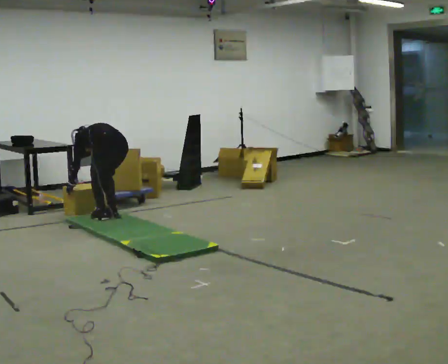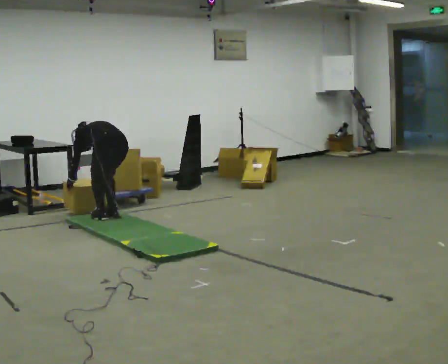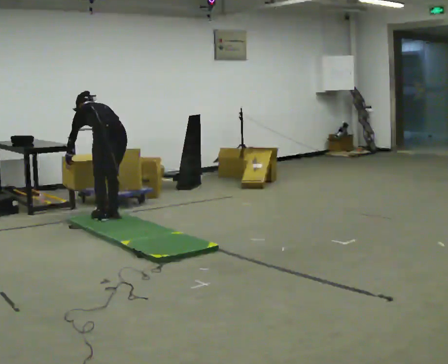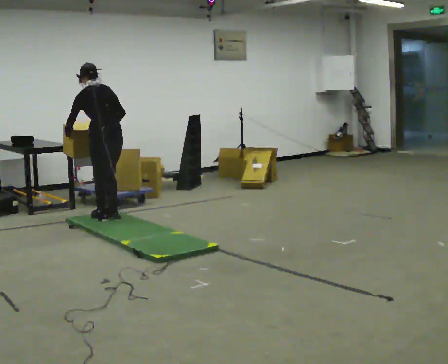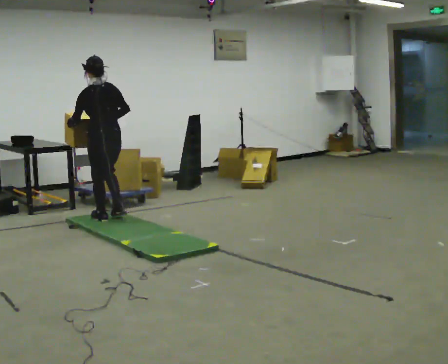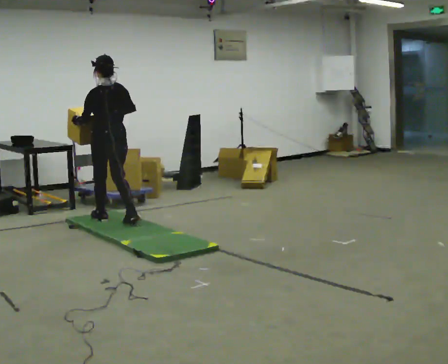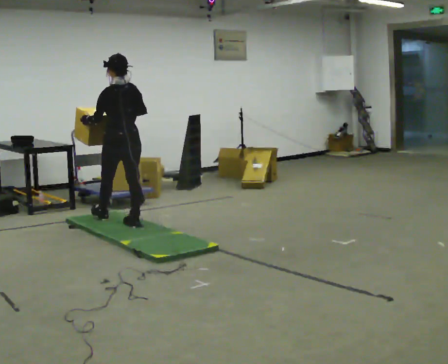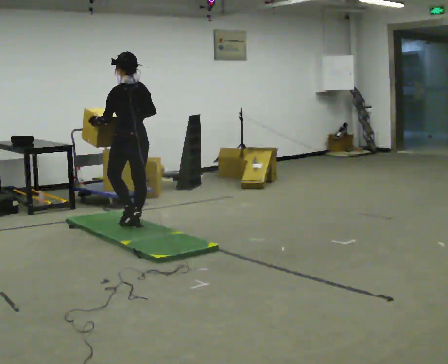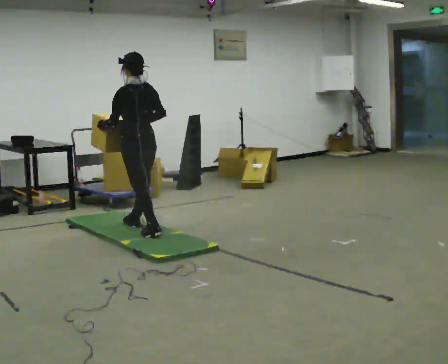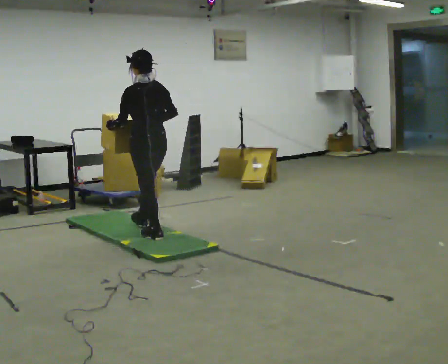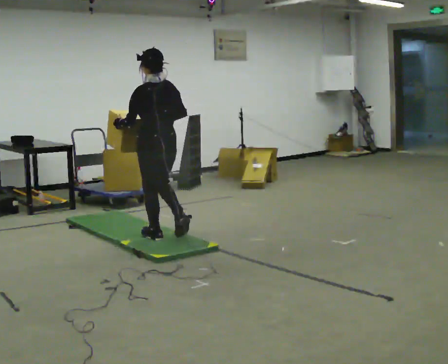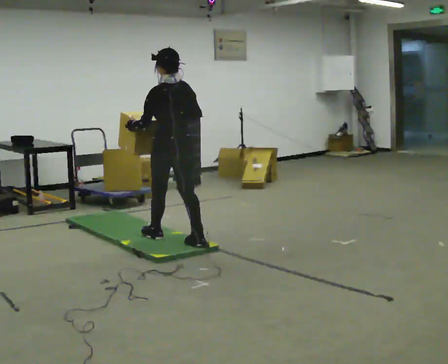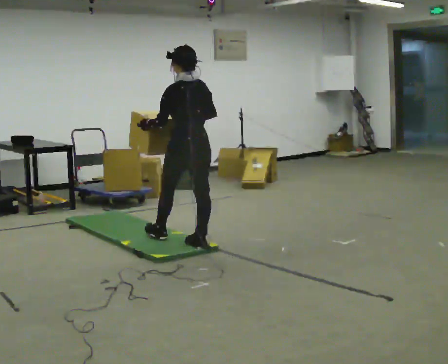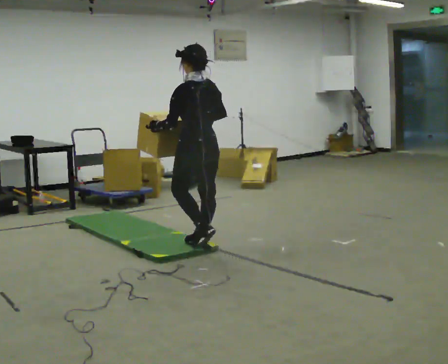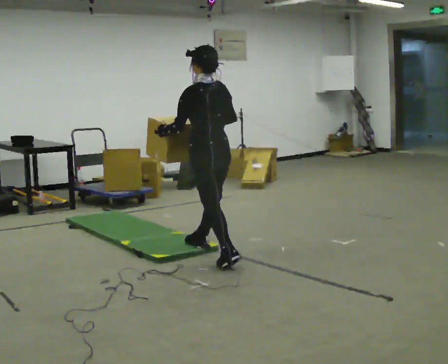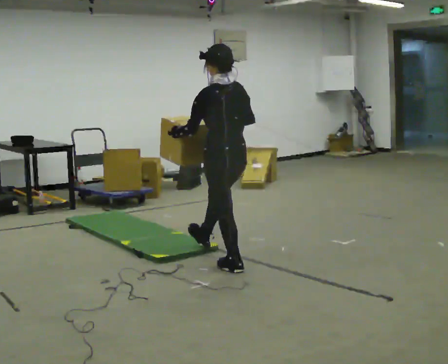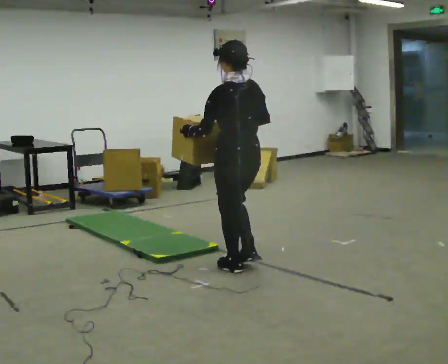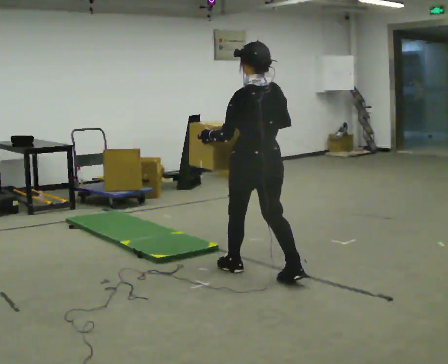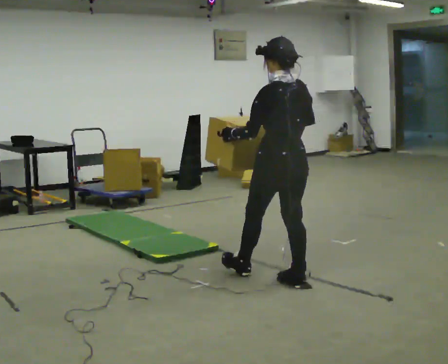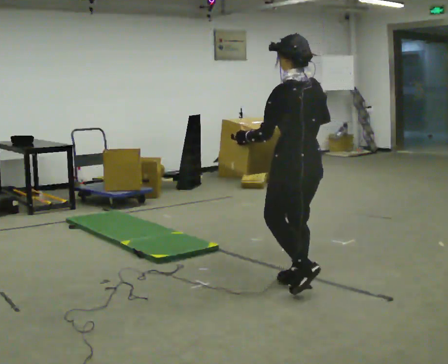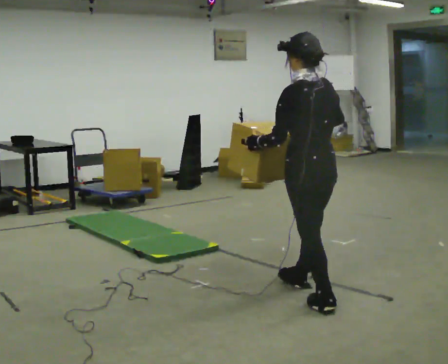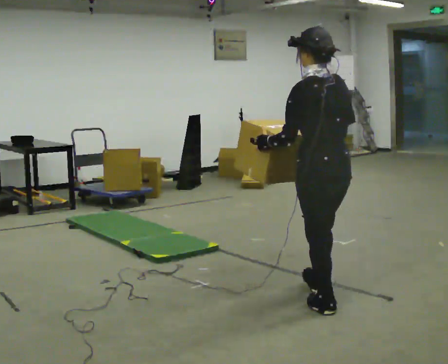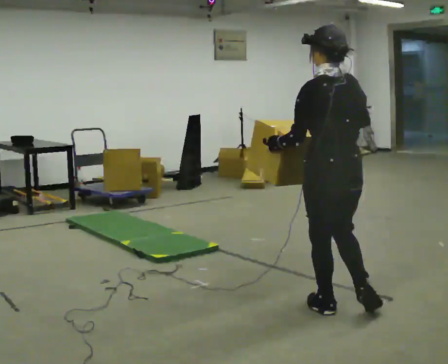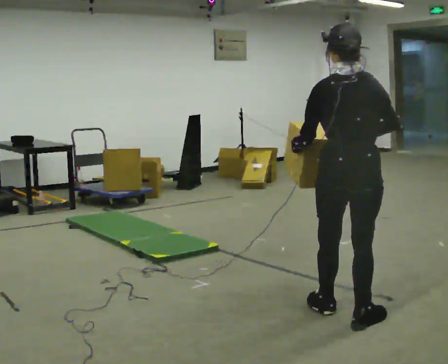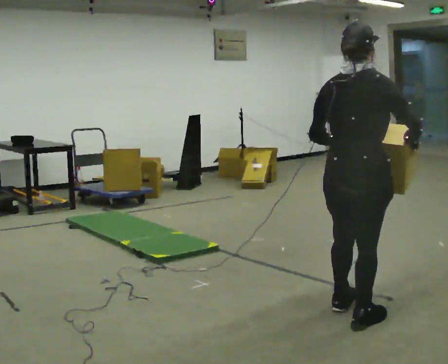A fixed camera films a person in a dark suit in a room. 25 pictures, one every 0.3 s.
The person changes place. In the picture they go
toward the camera.
0.0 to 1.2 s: The shoulders move upward. The upper body tips toward the camera, its near side rolling downward, as they lean back or straighten. In the picture their right hand goes upward.
1.2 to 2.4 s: In the picture they go toward the camera and to the right, about 0.5 m in 1 step, which for them is backward.
2.4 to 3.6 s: In the picture they go toward the camera and to the right, about 0.5 m in 2 steps, which for them is backward.
3.6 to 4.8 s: In the picture they go toward the camera and to the right, about 0.5 m in 1 step, which for them is backward.
4.8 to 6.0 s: In the picture they go toward the camera and to the right, about 0.5 m in 1 step, which for them is backward.
6.0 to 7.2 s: The person turns about 60 degrees to their right, clockwise seen from above, so the part of the body nearest the lens slides to the left. In the picture they go toward the camera, about 0.5 m in 2 steps.
The film runs backward here.
